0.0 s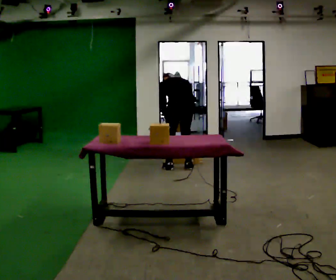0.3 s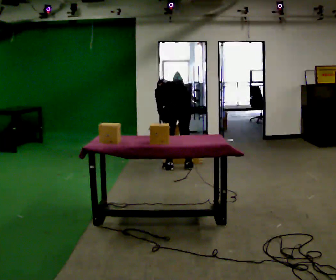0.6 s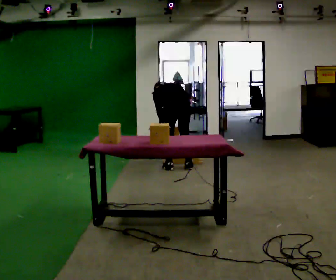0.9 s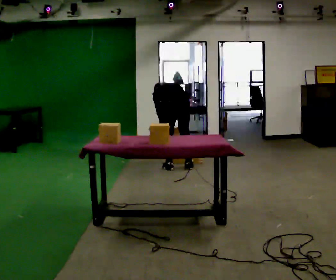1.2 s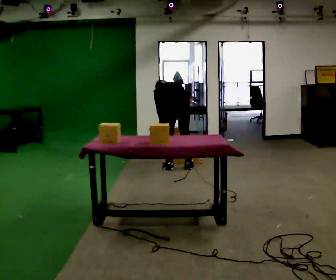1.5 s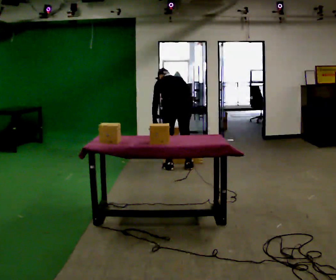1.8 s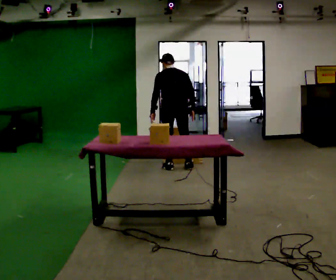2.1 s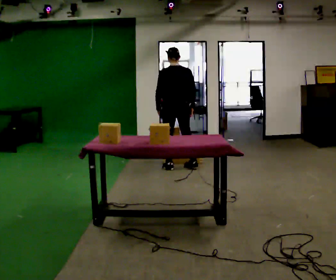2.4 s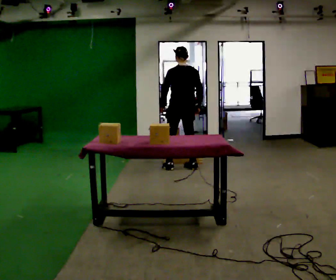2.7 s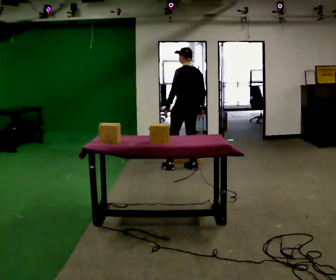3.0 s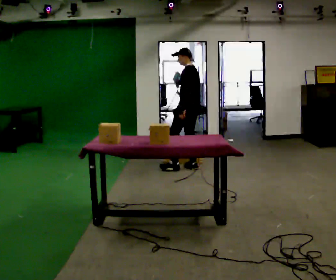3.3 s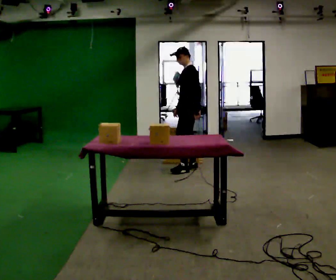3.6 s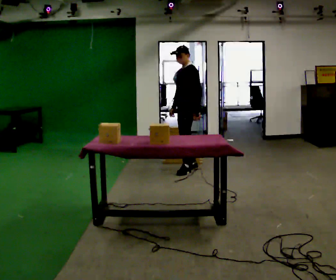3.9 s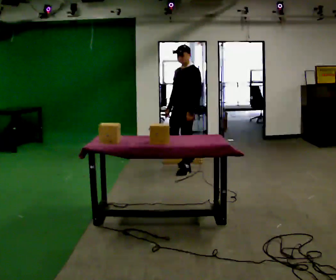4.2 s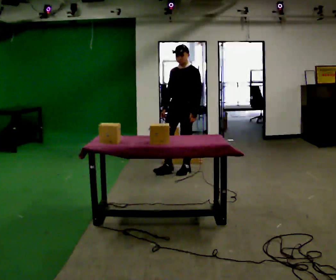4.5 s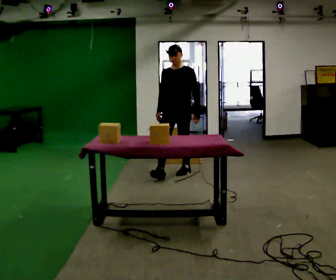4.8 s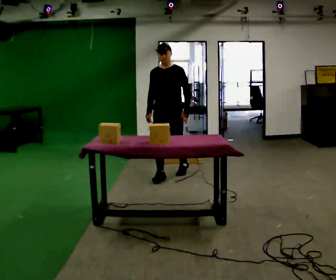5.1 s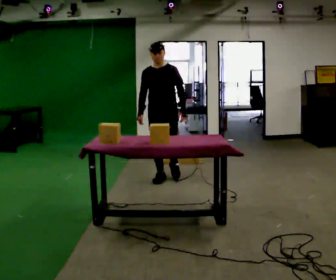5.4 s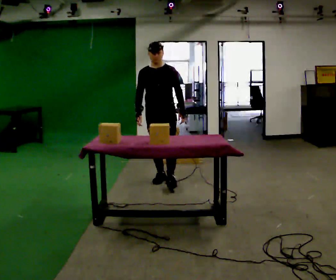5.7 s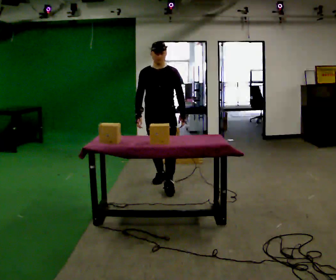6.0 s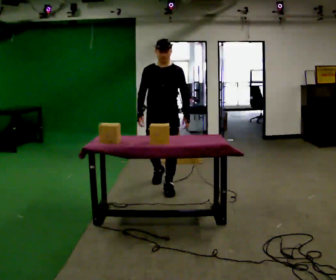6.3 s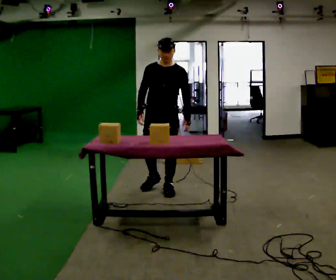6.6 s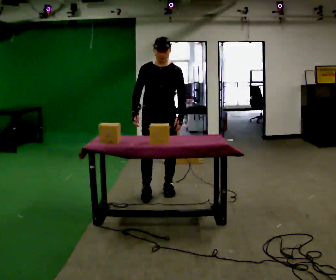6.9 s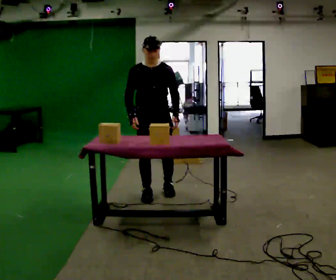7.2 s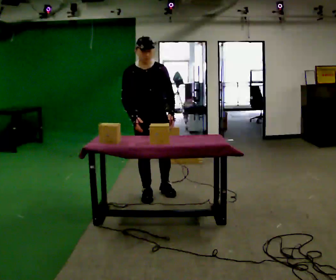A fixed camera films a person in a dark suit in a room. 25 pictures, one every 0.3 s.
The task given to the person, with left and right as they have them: Carry the object across the room and place it on the lowest shelf, crouching down to do it. Keep going until the operator says stop; one object at a time, and do not rush between trips.
0.0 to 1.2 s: The person moves a little, or ends about where they began.
1.2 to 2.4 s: In the picture they go away from the camera, about 0.25 m, which for them is forward. The shoulders move upward. The upper body tips toward the camera, its near side rolling downward, as they lean back or straighten. In the picture their left hand goes upward.
2.4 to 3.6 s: Seen from above the body turns counterclockwise, about 90 degrees: to their left, with its near side sliding to the right. In the picture their left hand goes to the right, the arm swinging counterclockwise.
3.6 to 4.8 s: The person turns about 60 degrees to their left, counterclockwise seen from above, so the part of the body nearest the lens slides to the right. In the picture they go toward the camera and to the left, about 0.5 m in 1 step.
4.8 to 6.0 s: In the picture they go toward the camera, about 0.5 m in 1 step, which for them is forward.
6.0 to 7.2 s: The part of the body nearest the lens slides to the right as the person turns to their left by about 30 degrees. In the picture they go toward the camera, about 0.25 m in 1 step, which for them is forward and to their right. The upper body tips toward the camera, its near side rolling downward, as they bend forward.
The film runs forward here.
